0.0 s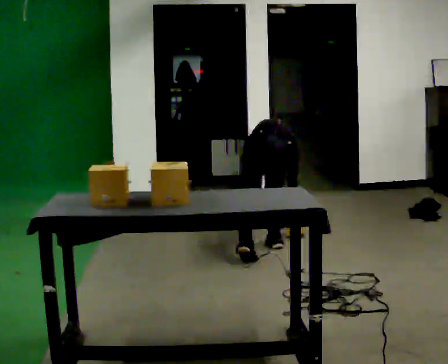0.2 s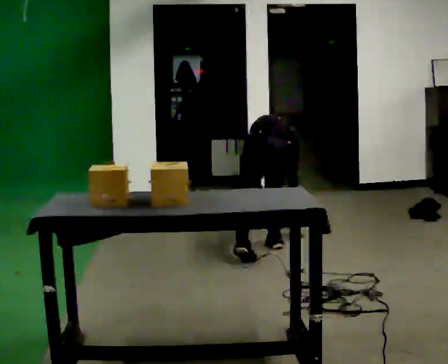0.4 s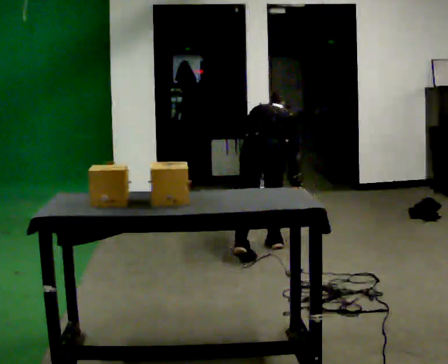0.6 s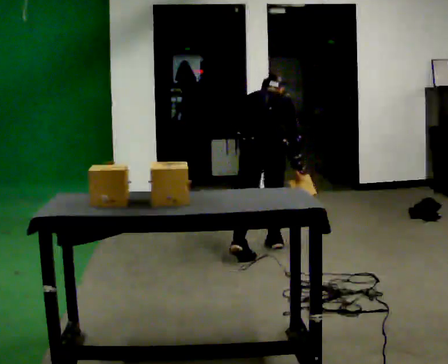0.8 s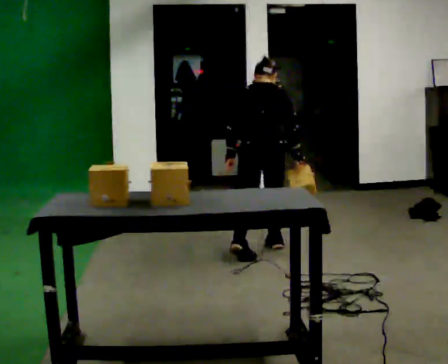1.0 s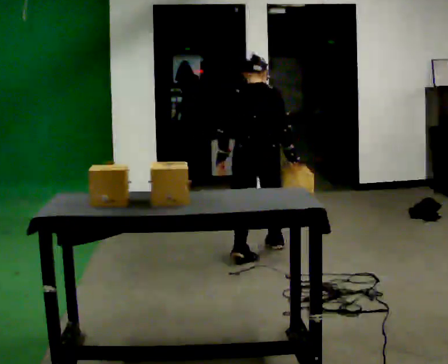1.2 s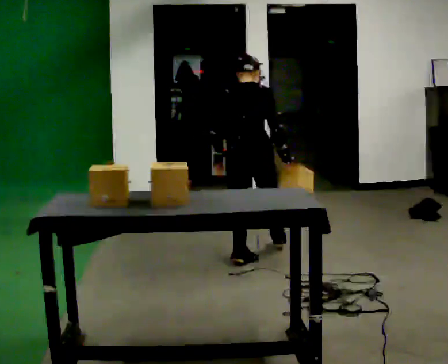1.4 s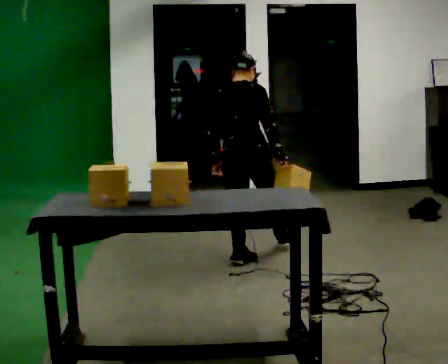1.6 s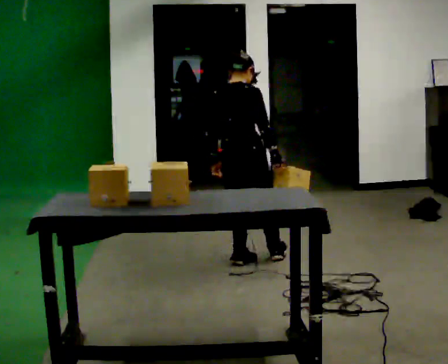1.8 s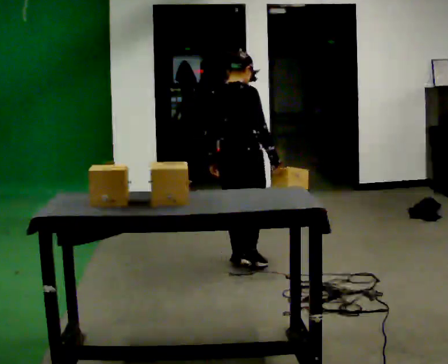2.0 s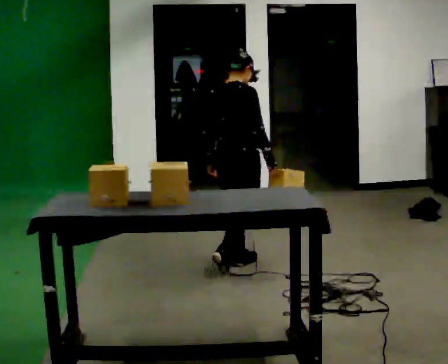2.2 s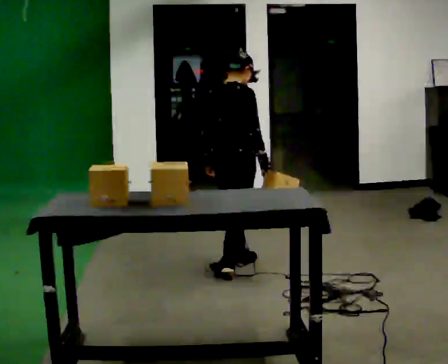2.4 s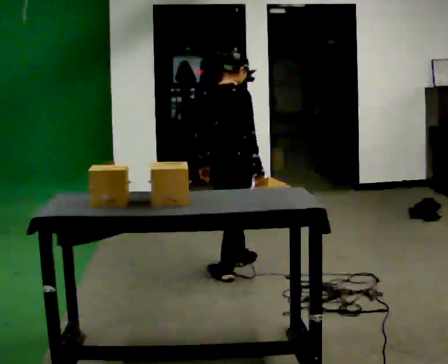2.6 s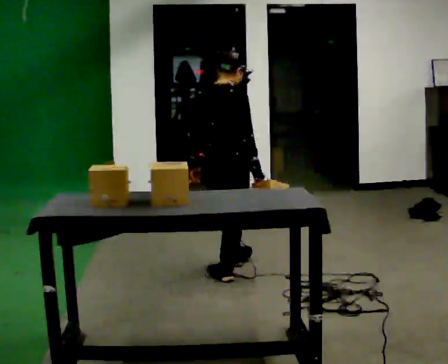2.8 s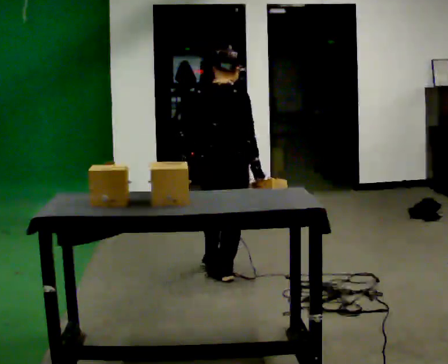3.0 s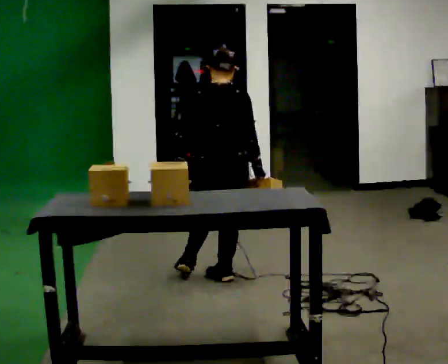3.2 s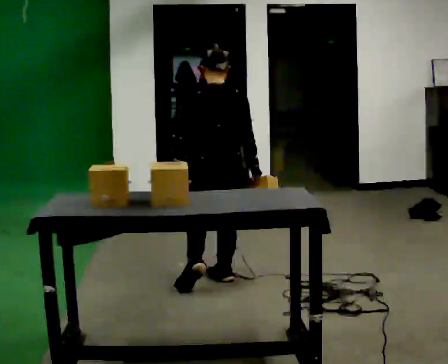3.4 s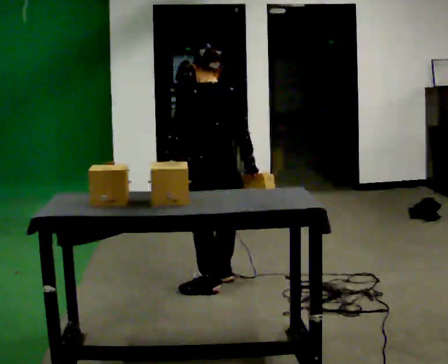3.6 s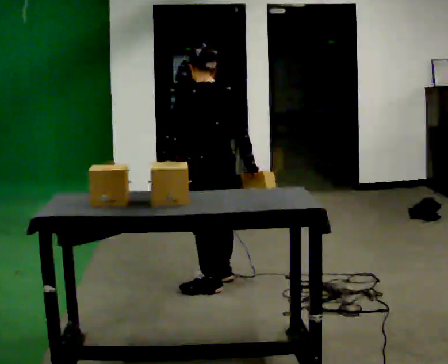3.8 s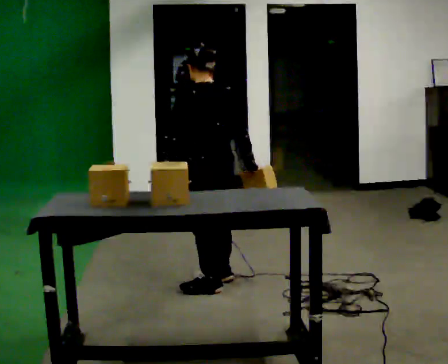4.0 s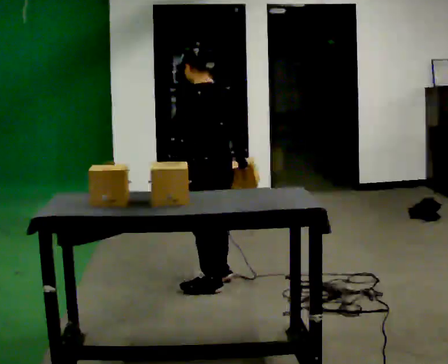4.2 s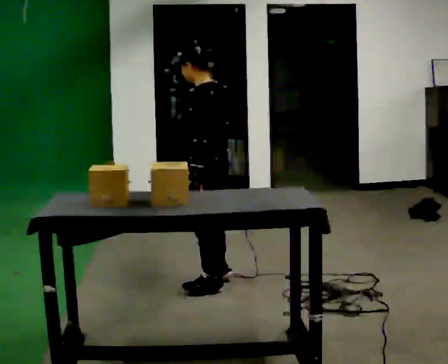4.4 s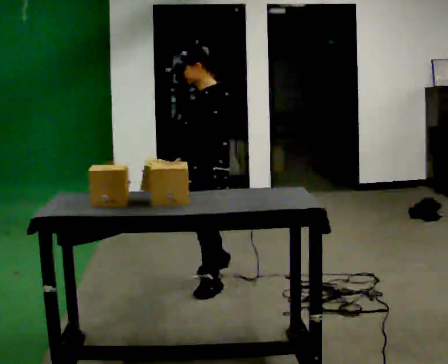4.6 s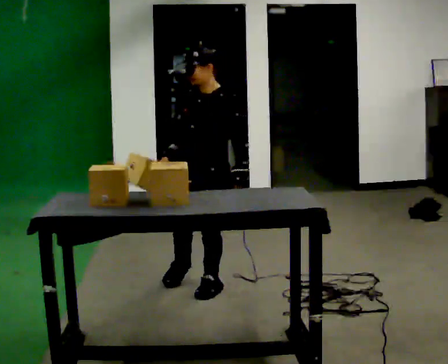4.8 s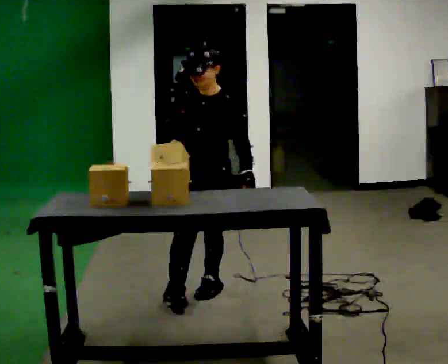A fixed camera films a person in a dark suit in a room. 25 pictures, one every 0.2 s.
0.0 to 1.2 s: The shoulders move upward. The upper body tips toward the camera, its near side rolling downward, as they lean back or straighten.
1.2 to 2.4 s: Seen from above the body turns clockwise, about 30 degrees: to their right, with its near side sliding to the left. In the picture they go toward the camera, about 0.25 m in 1 step, which for them is backward.
2.4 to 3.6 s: Seen from above the body turns counterclockwise, about 75 degrees: to their left, with its near side sliding to the right. In the picture they go toward the camera, about 0.25 m in 1 step.
3.6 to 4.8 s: The part of the body nearest the lens slides to the right as the person turns to their left by about 135 degrees. In the picture they go toward the camera, about 0.25 m in 1 step. In the picture their right hand goes to the left, the arm swinging clockwise.
The film runs backward here.
